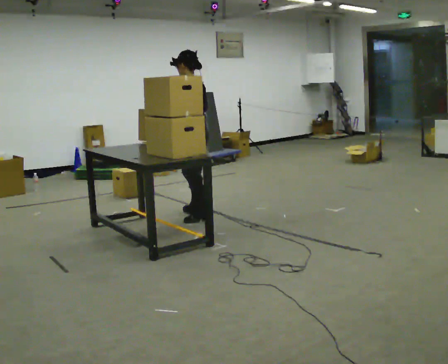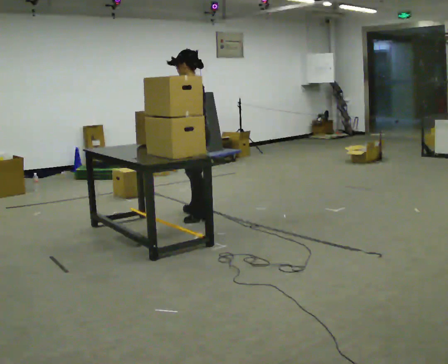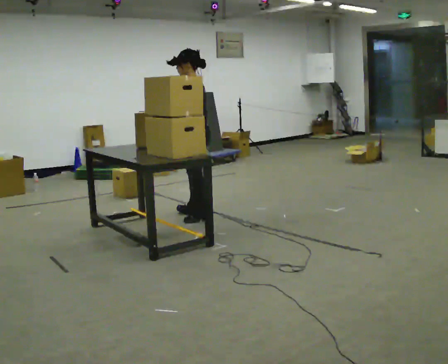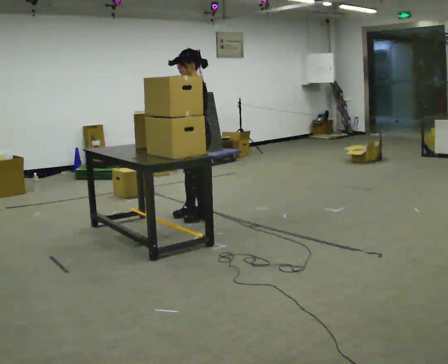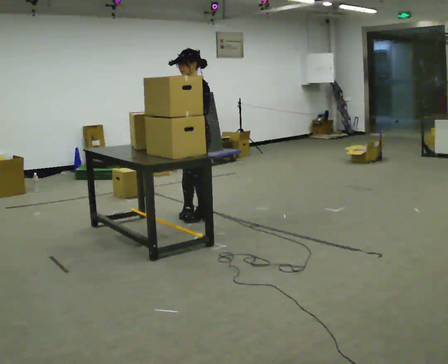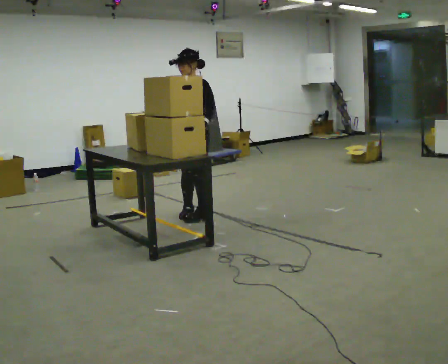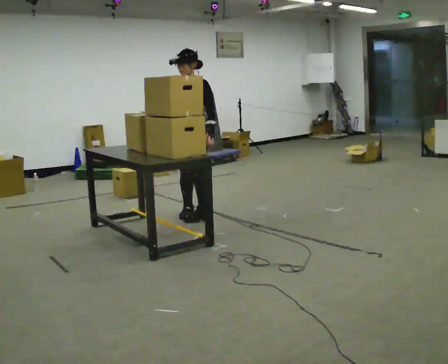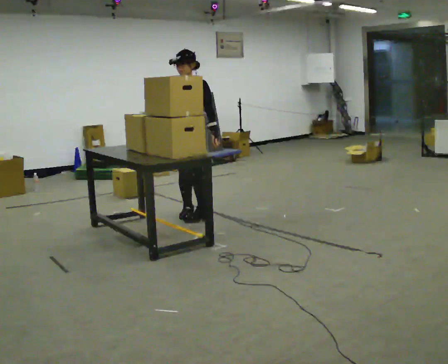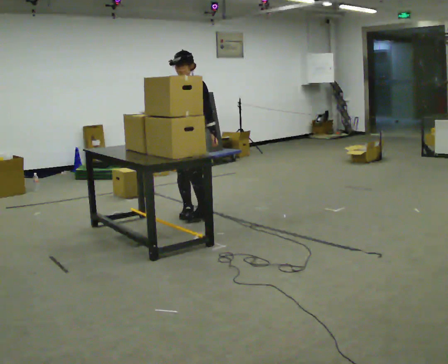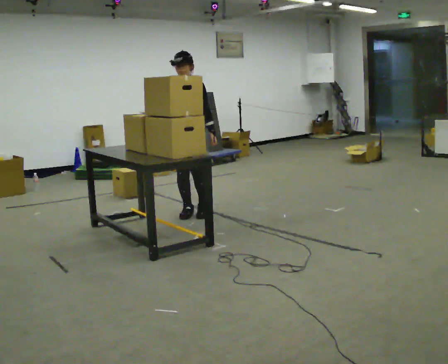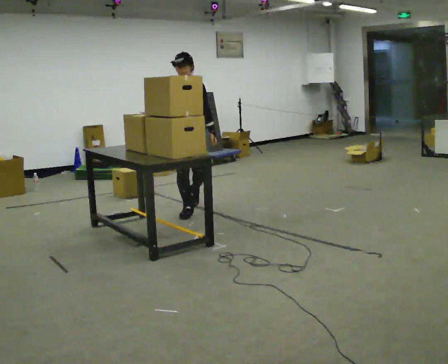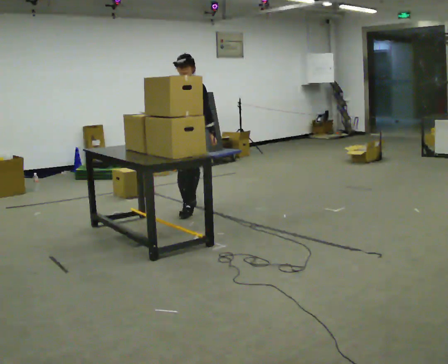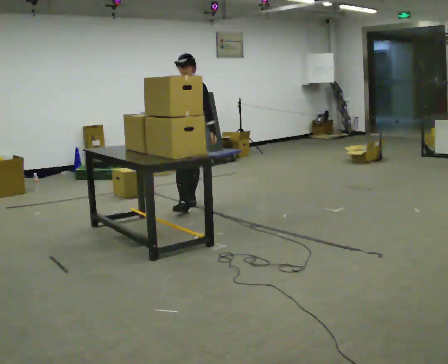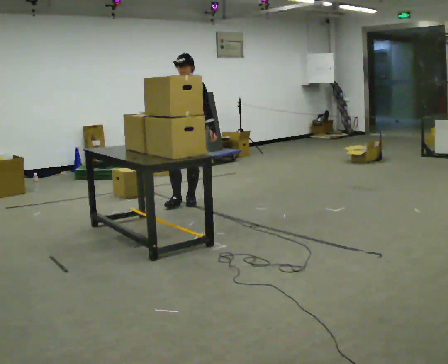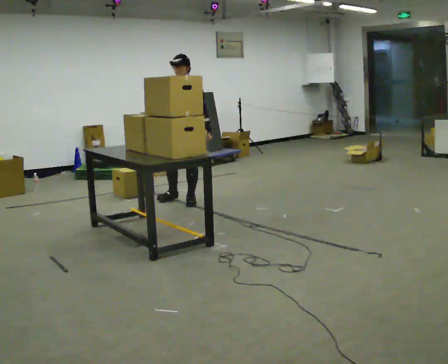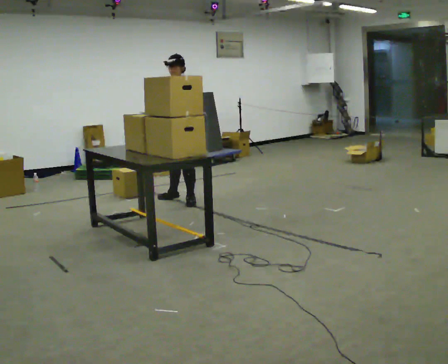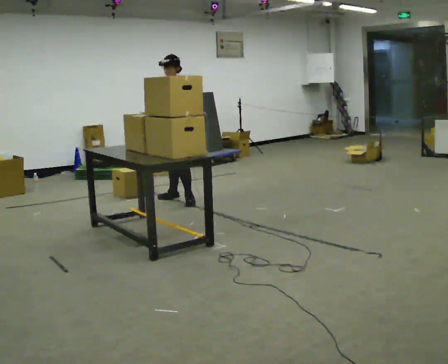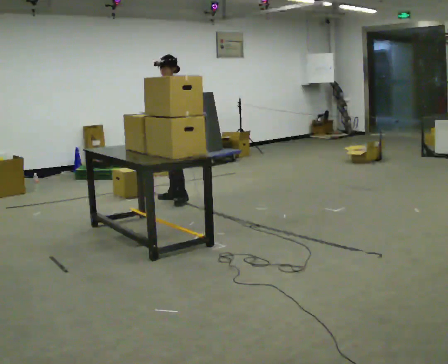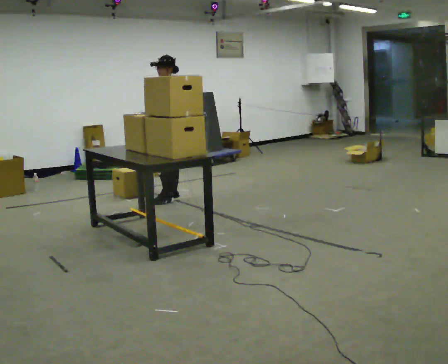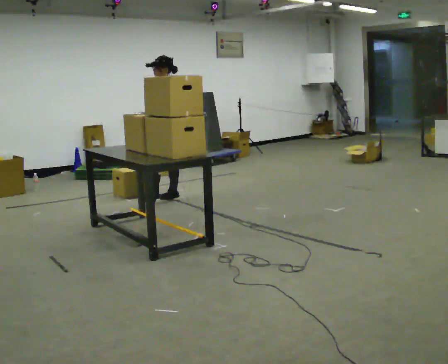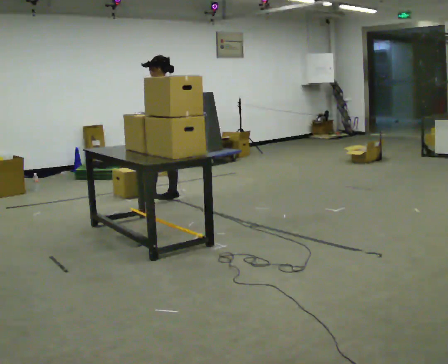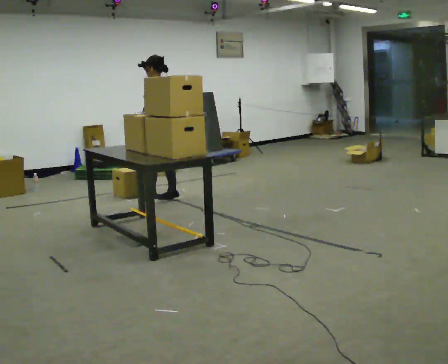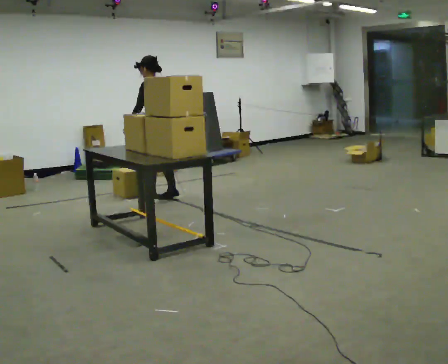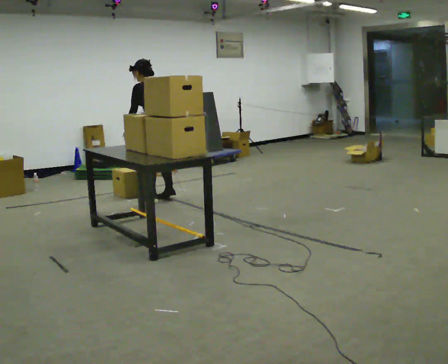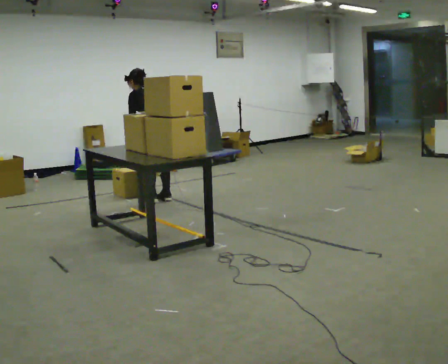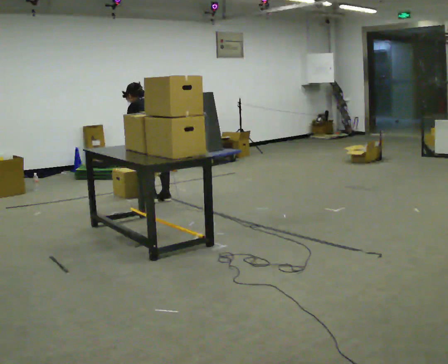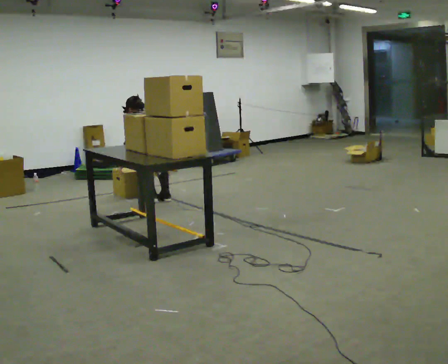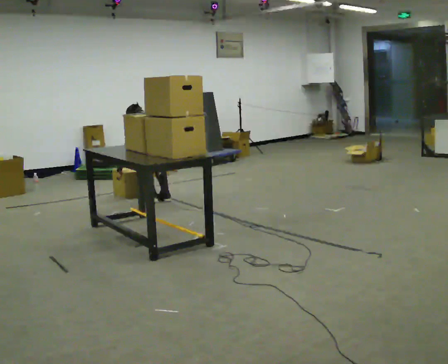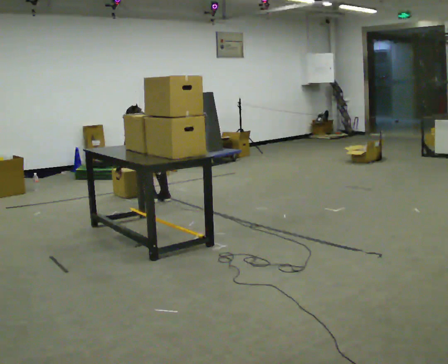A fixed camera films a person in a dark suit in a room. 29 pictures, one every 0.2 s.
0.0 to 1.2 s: Seen from above the body turns counterclockwise, about 75 degrees: to their left, with its near side sliding to the right. In the picture their right hand goes to the left.
1.2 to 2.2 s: The person turns about 45 degrees to their left, counterclockwise seen from above, so the part of the body nearest the lens slides to the right. In the picture they go away from the camera, about 0.25 m in 1 step, which for them is backward and to their right.
2.2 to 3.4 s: The person turns about 75 degrees to their right, clockwise seen from above, so the part of the body nearest the lens slides to the left. In the picture they go away from the camera, about 0.5 m in 2 steps.
3.4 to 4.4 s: The part of the body nearest the lens slides to the left as the person turns to their right by about 60 degrees. In the picture they go to the left, about 0.25 m. In the picture their left hand goes to the left, the arm swinging clockwise.
4.4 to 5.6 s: The upper body goes downward. The upper body tips away from the camera, its near side rolling upward, as they bend forward. In the picture their left hand goes downward.
The film runs backward here.
